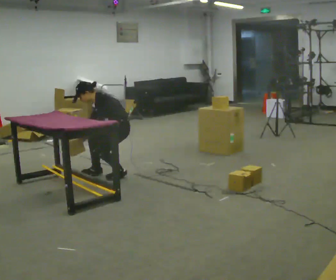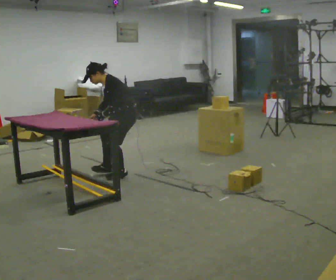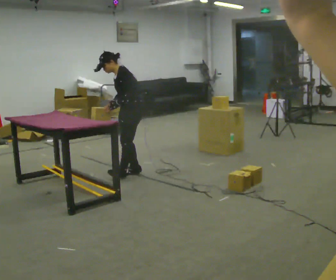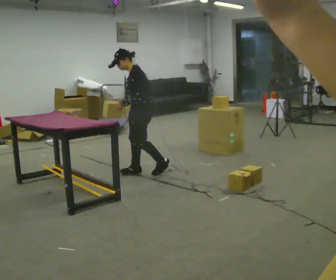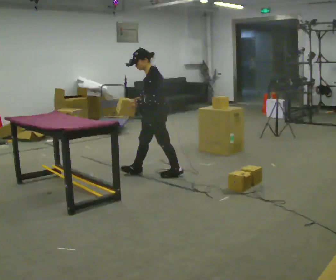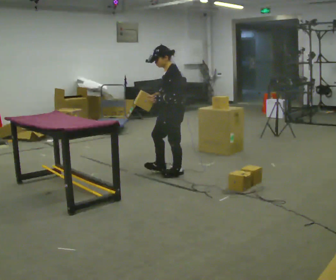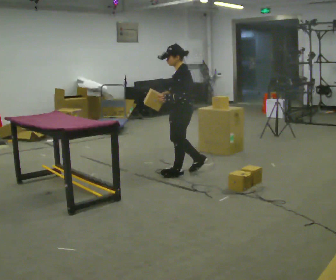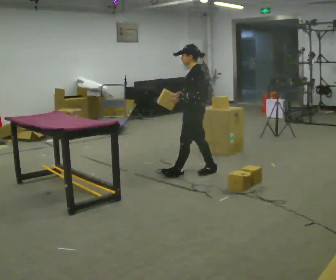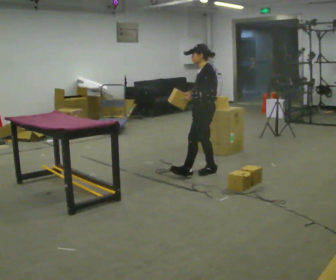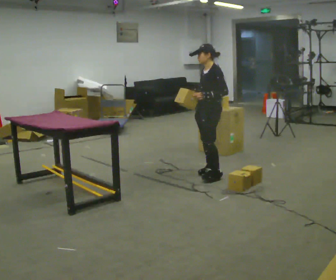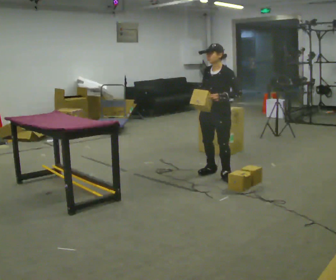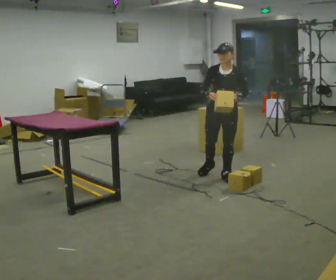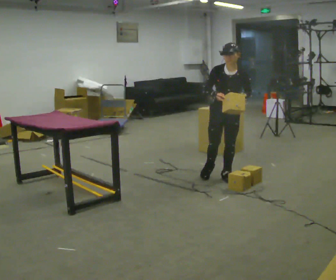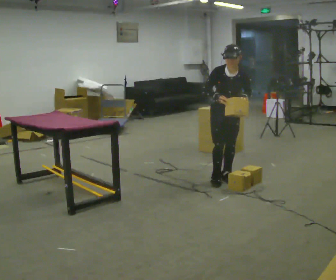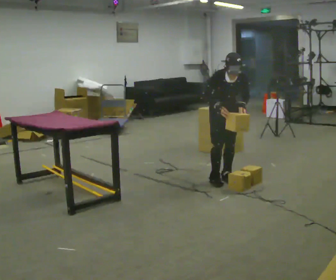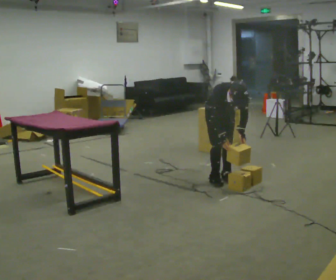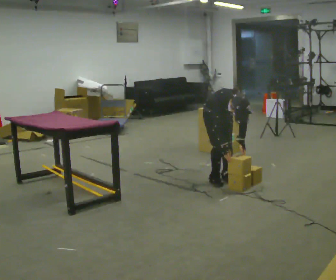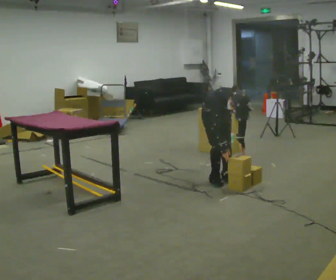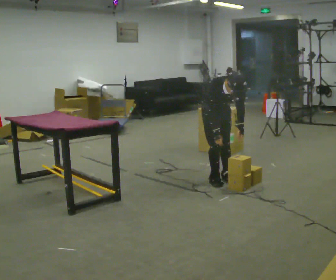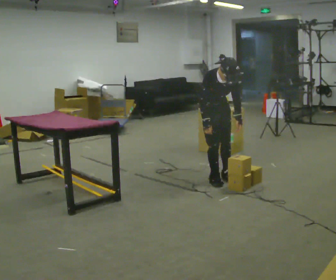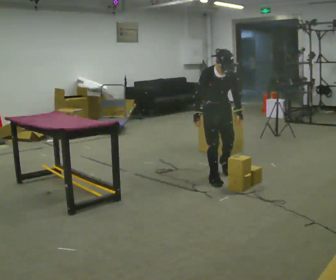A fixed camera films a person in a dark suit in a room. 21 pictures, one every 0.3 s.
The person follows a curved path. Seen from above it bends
clockwise.
The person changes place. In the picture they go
to the right.
0.0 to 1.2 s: In the picture they go to the right, about 0.25 m in 2 steps, which for them is backward. The shoulders move upward. In the picture the upper body tilts clockwise, shoulders to the right, as they lean back or straighten. In the picture their right hand goes upward.
1.2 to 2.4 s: In the picture they go to the right, about 0.5 m in 2 steps, which for them is backward.
2.4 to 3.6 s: The person turns about 90 degrees to their left, counterclockwise seen from above, so the part of the body nearest the lens slides to the right. In the picture they go toward the camera and to the right, about 0.25 m in 1 step.
3.6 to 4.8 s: The shoulders move downward. The upper body tips toward the camera, its near side rolling downward, as they bend forward. In the picture their right hand goes downward.
4.8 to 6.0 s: The upper body goes upward. The upper body tips away from the camera, its near side rolling upward, as they lean back or straighten.
The film runs backward here.
